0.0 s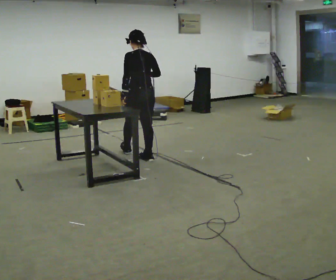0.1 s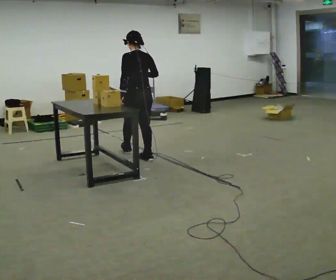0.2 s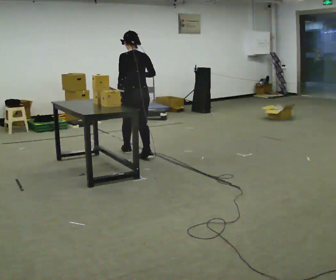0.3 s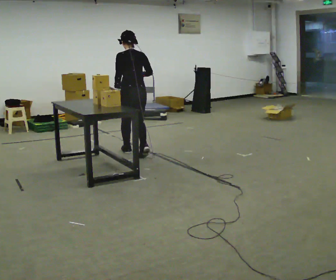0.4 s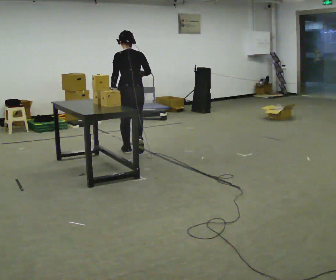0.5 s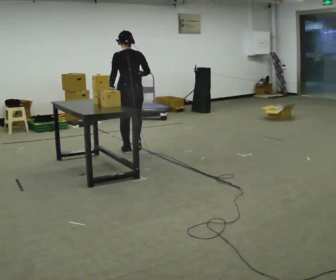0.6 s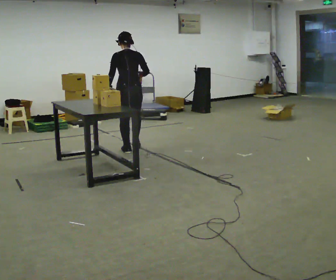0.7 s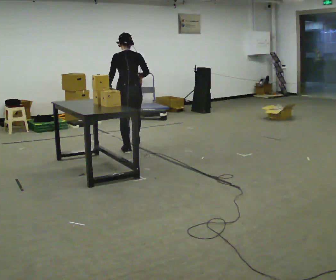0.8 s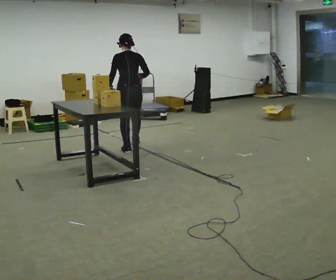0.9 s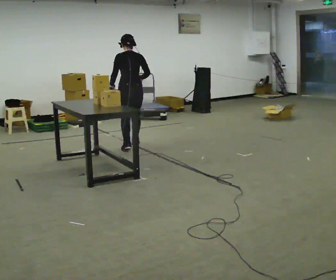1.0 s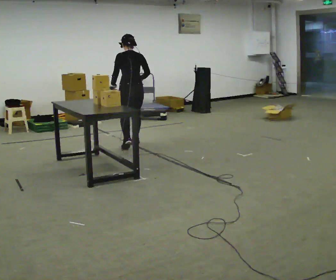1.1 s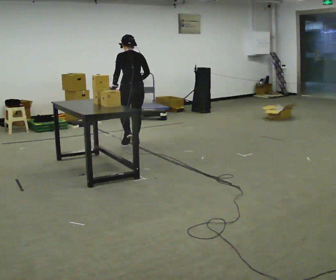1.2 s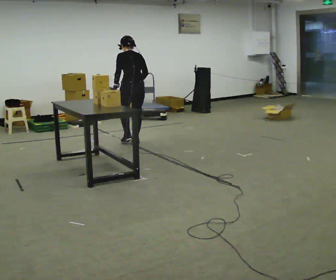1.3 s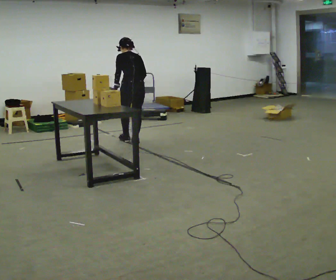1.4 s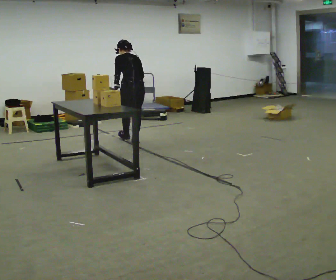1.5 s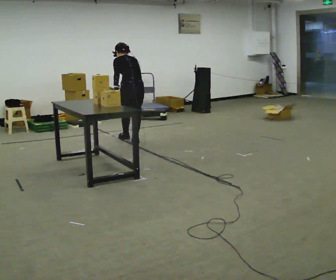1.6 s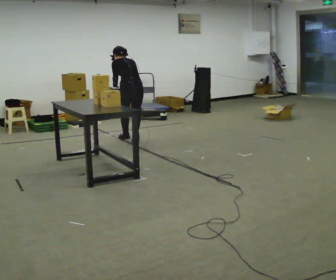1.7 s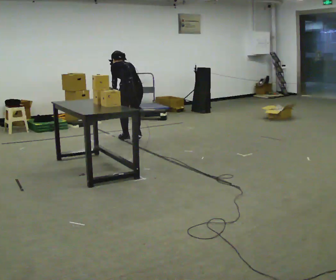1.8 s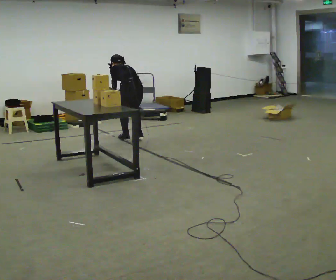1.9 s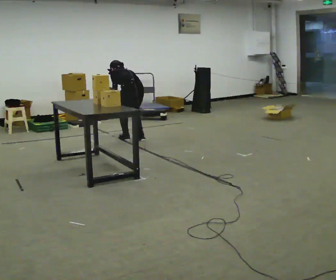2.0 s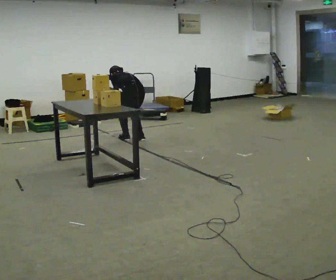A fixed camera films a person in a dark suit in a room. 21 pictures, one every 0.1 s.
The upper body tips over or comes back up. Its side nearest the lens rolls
upward.
Their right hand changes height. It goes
downward.
0.0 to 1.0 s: In the picture they go away from the camera, about 0.75 m in 2 steps, which for them is forward.
1.0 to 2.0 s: In the picture they go away from the camera, about 0.25 m in 2 steps, which for them is forward. The shoulders move downward. The upper body tips away from the camera, its near side rolling upward, as they bend forward.
The film runs forward here.
